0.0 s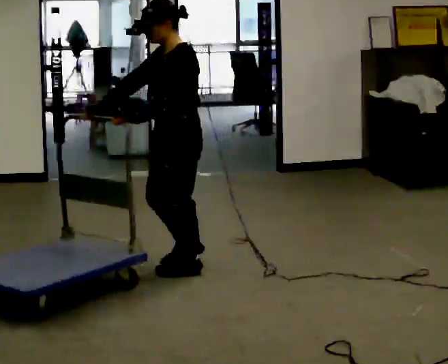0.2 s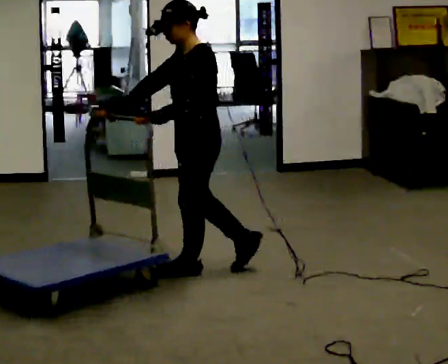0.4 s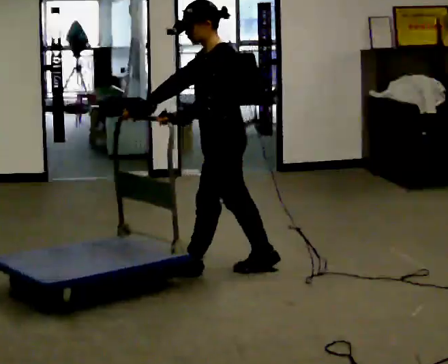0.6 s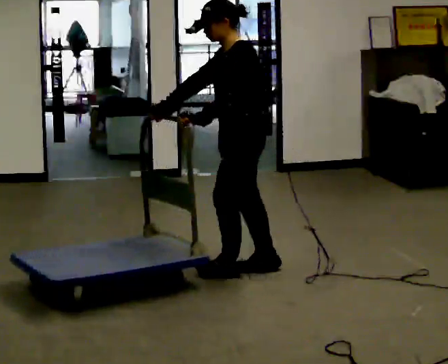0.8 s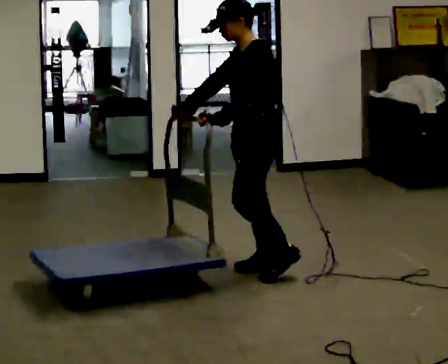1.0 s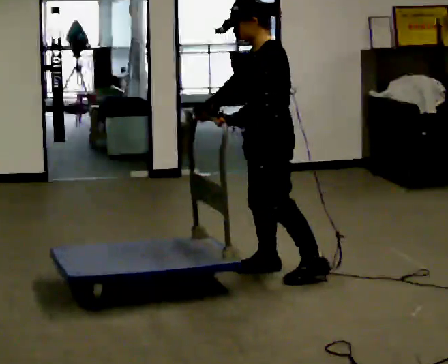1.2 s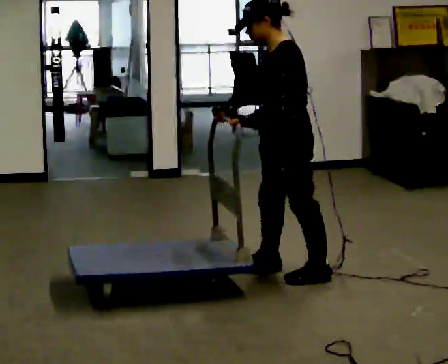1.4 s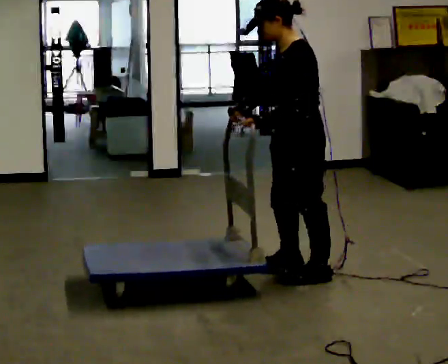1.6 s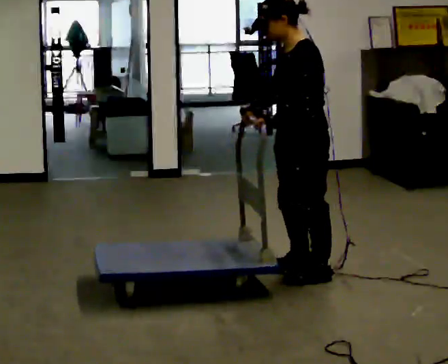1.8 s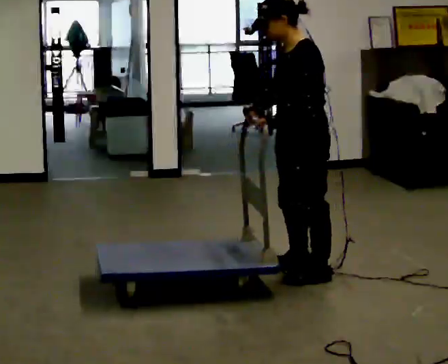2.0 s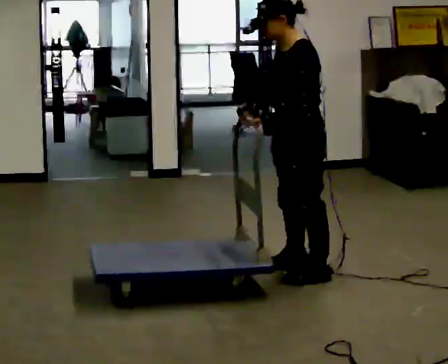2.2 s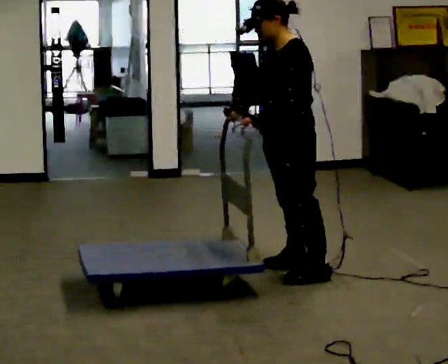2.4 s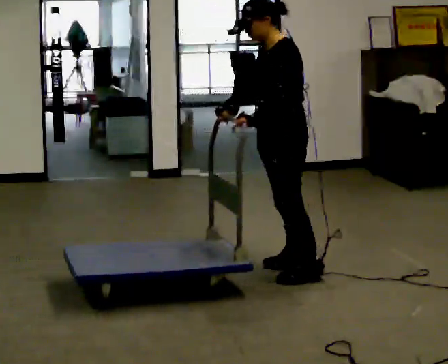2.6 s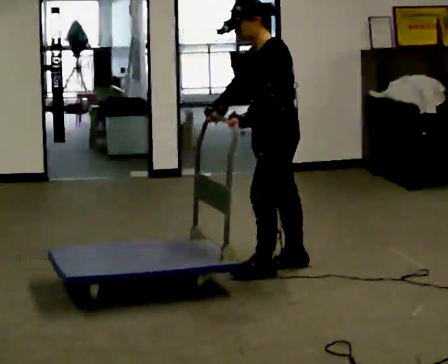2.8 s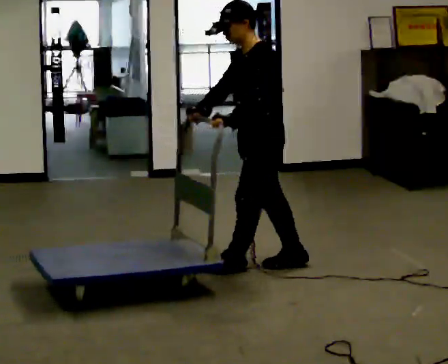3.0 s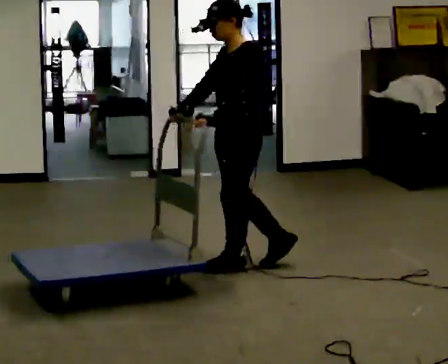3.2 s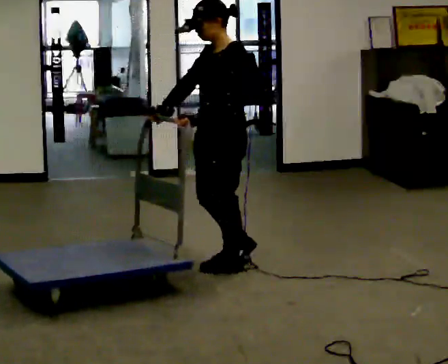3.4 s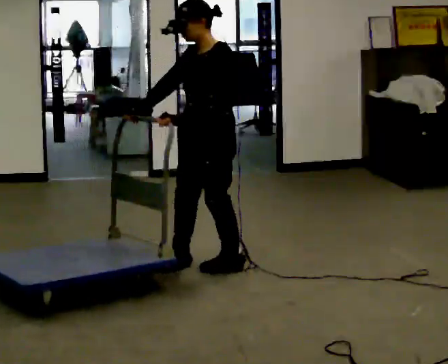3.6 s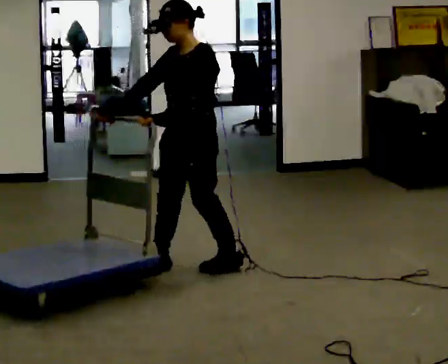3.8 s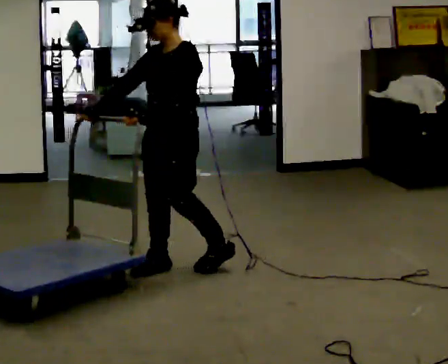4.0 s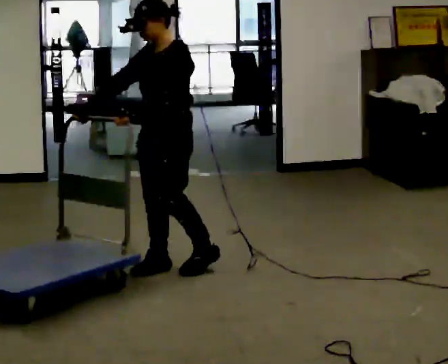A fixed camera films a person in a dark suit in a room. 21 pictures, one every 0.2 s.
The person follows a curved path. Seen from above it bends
counterclockwise.
0.0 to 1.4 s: In the picture they go to the right, about 0.75 m in 2 steps, which for them is backward and to their left.
1.4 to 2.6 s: In the picture they go away from the camera, about 0.25 m in 1 step, which for them is to their right.
2.6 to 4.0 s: In the picture they go to the left, about 0.5 m in 1 step, which for them is forward and to their right.
The film runs backward here.
